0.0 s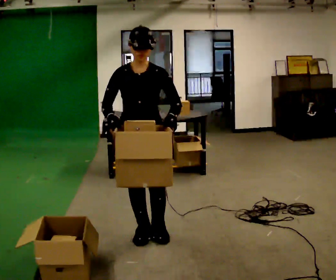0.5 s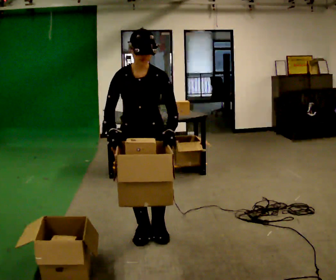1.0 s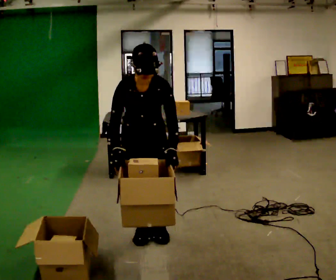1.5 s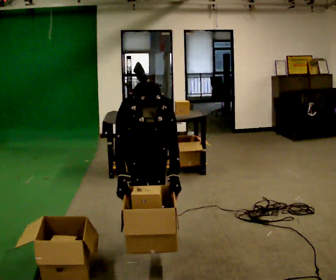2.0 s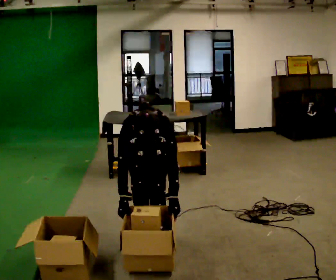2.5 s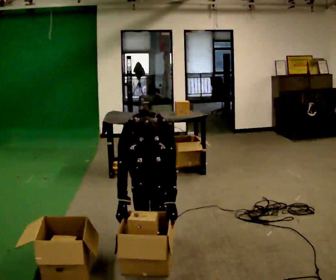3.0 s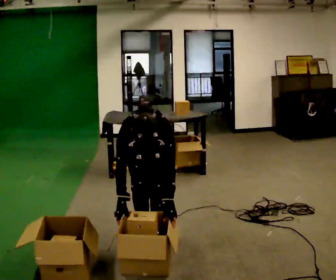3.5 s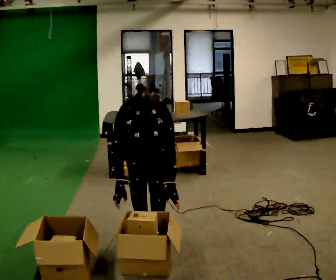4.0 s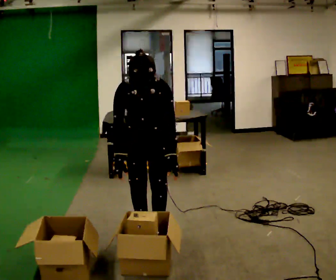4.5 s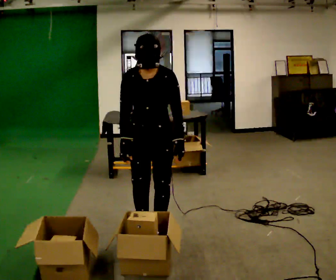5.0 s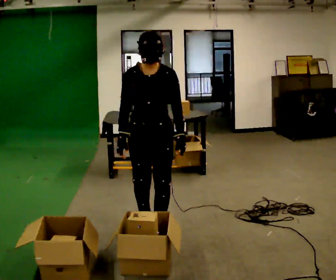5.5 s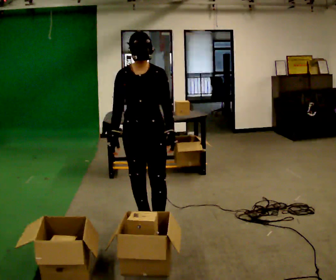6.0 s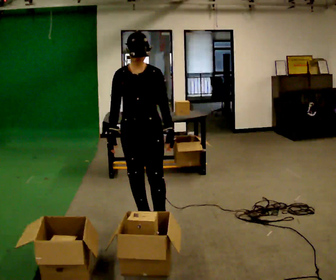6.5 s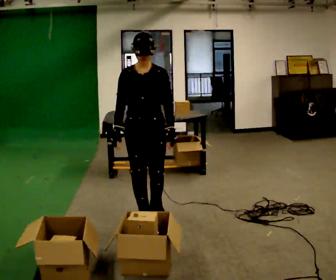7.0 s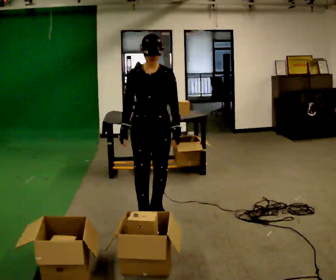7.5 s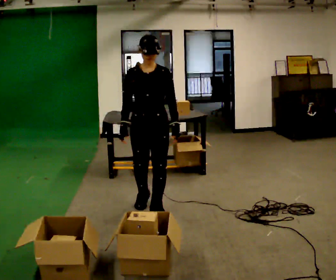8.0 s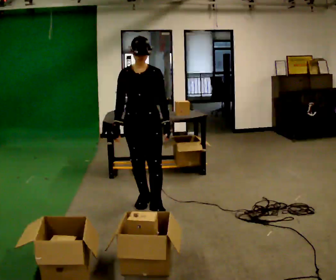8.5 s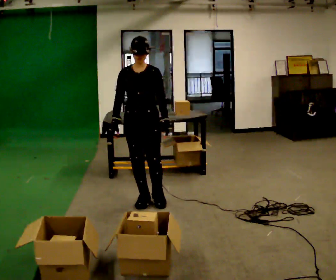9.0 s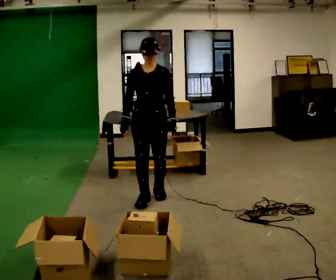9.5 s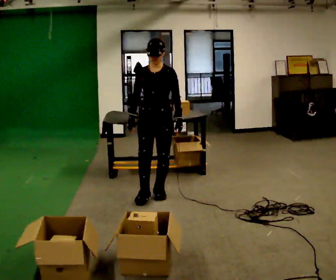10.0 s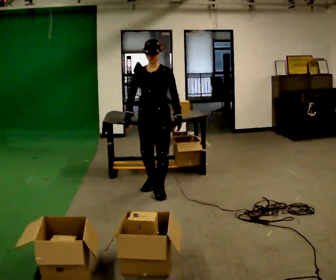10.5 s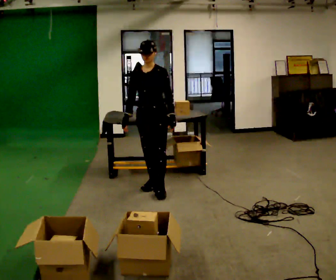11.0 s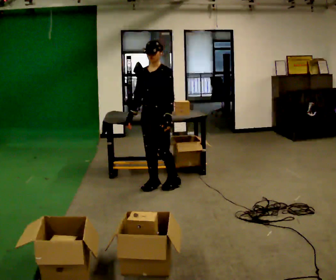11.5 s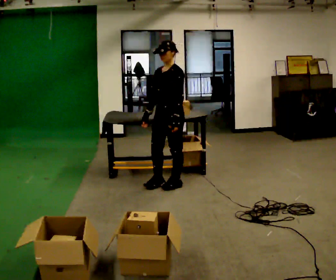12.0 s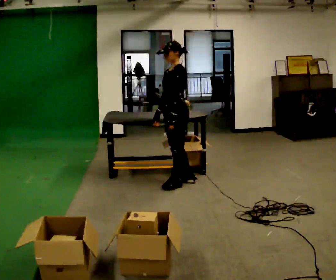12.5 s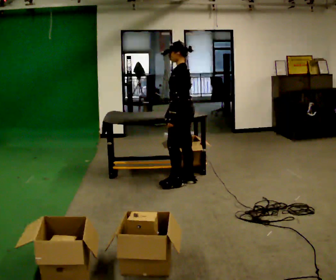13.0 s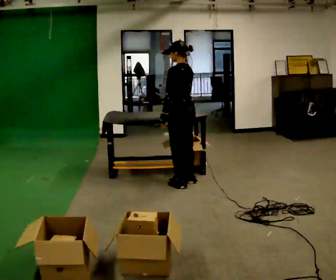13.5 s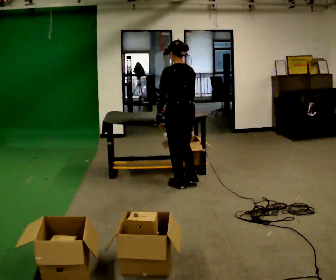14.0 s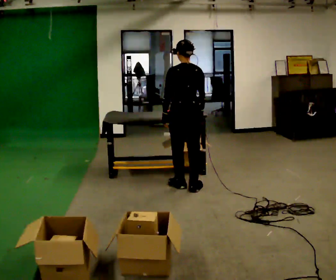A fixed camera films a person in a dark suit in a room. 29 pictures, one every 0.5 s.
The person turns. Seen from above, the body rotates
clockwise.
The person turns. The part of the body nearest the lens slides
to the left.
0.0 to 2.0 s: The upper body goes downward. The upper body tips toward the camera, its near side rolling downward, as they bend forward. In the picture their right hand goes downward.
2.0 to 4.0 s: The shoulders move upward. The upper body tips away from the camera, its near side rolling upward, as they lean back or straighten.
4.0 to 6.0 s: In the picture they go away from the camera, about 0.25 m in 2 steps, which for them is backward. The upper body tips away from the camera, its near side rolling upward, as they lean back or straighten.
6.0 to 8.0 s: In the picture they go away from the camera, about 0.5 m in 1 step, which for them is backward.
8.0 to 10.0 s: In the picture they go away from the camera, about 0.5 m in 2 steps, which for them is backward.
10.0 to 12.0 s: The part of the body nearest the lens slides to the left as the person turns to their right by about 60 degrees. In the picture they go away from the camera and to the right, about 0.25 m in 2 steps.
12.0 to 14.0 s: The part of the body nearest the lens slides to the left as the person turns to their right by about 90 degrees. In the picture their right hand goes to the right.
The film runs backward here.
